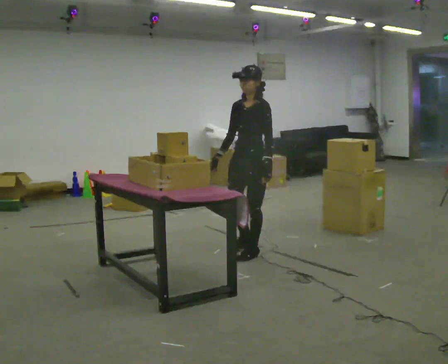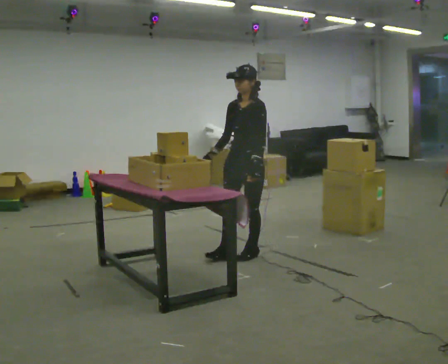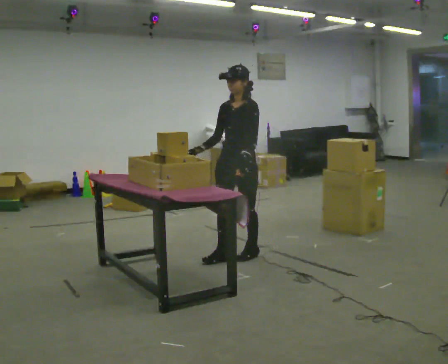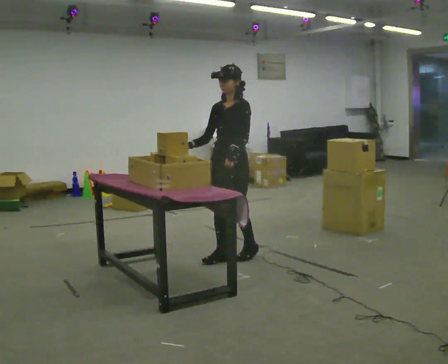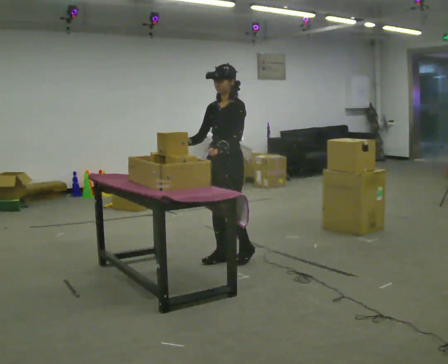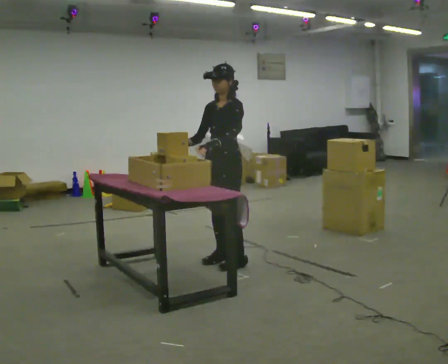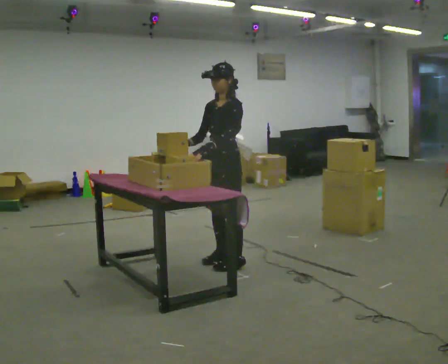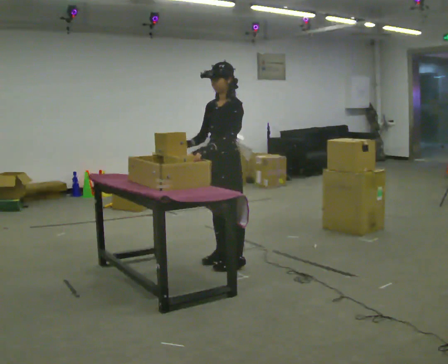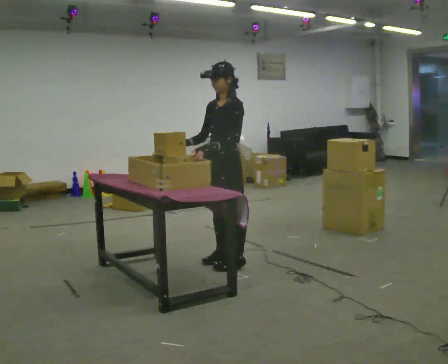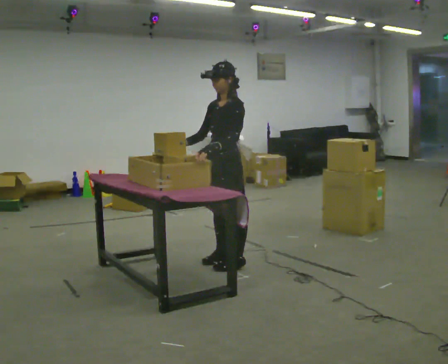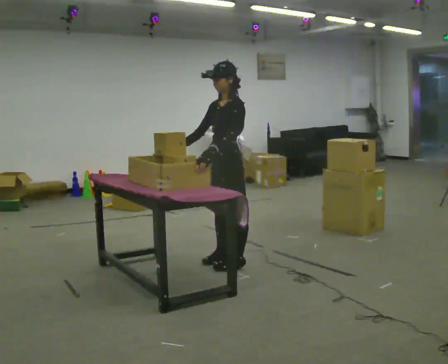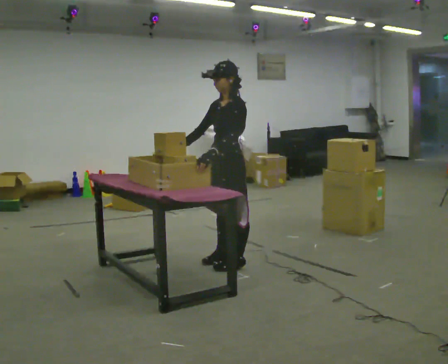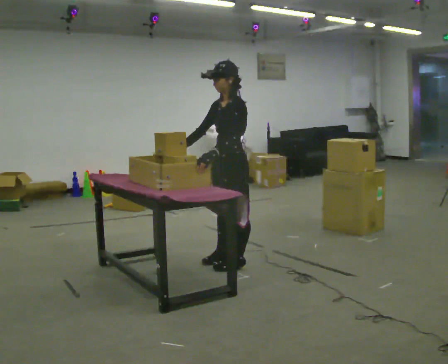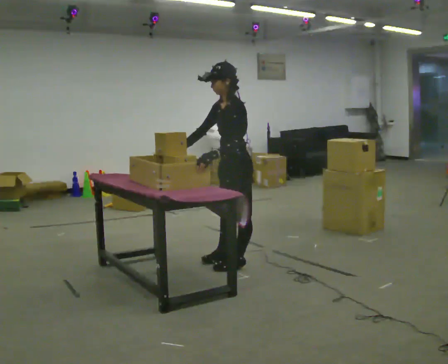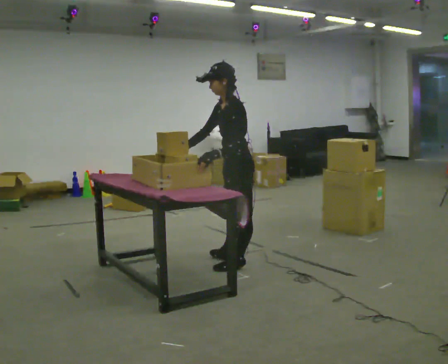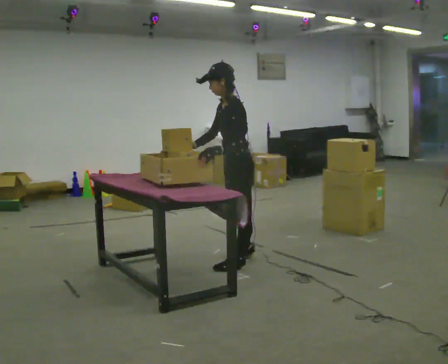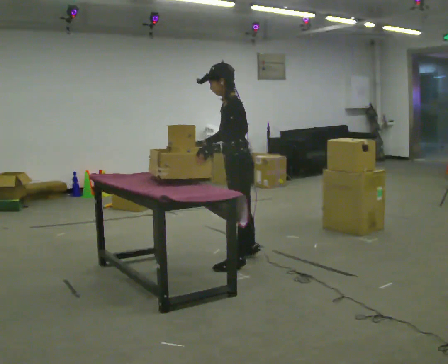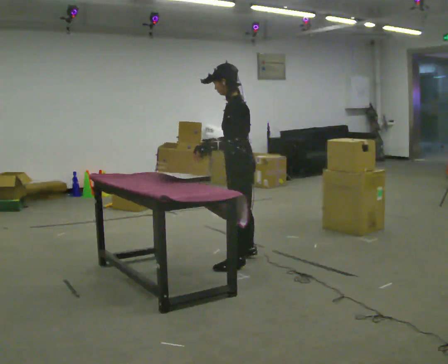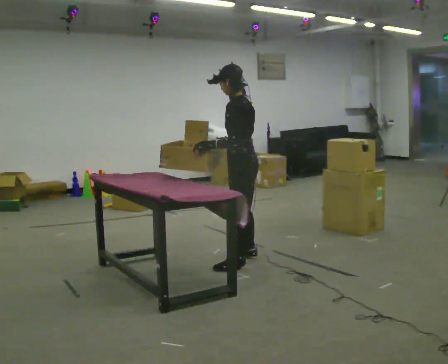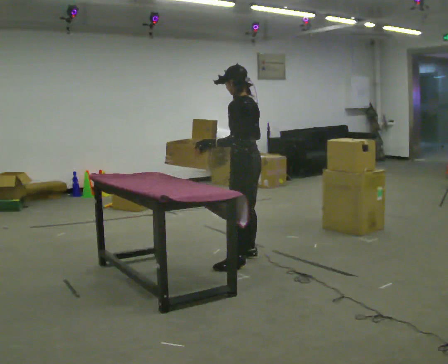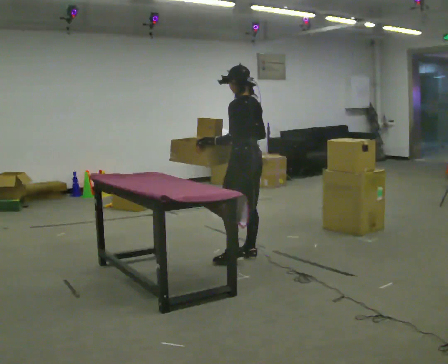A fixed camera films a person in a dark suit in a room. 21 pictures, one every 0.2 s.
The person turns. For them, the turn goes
to their right.
The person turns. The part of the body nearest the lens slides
to the left.
0.0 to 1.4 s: In the picture they go toward the camera and to the left, about 0.25 m in 2 steps, which for them is forward.
1.4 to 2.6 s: The person turns about 30 degrees to their right, clockwise seen from above, so the part of the body nearest the lens slides to the left.
2.6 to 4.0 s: The person turns about 45 degrees to their right, clockwise seen from above, so the part of the body nearest the lens slides to the left. In the picture they go away from the camera, about 0.25 m in 1 step, which for them is to their right.
The film runs forward here.
